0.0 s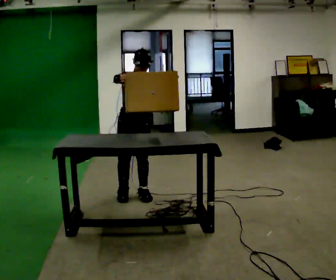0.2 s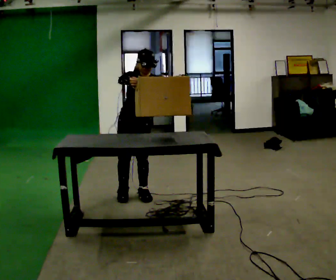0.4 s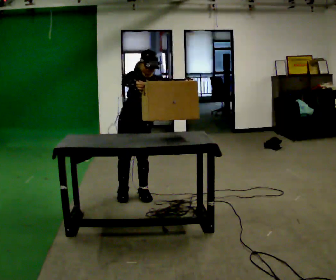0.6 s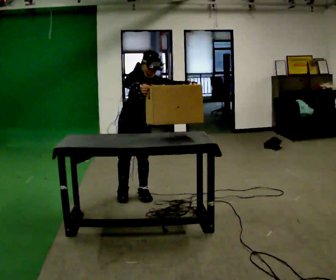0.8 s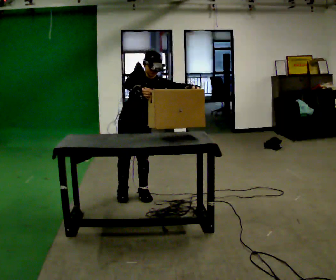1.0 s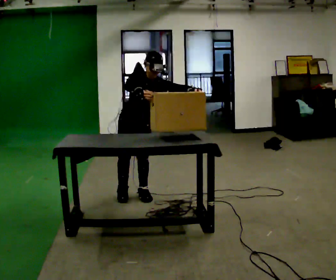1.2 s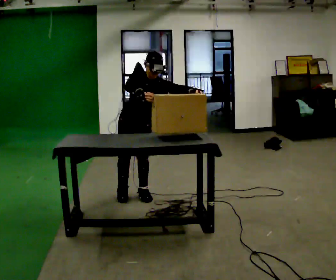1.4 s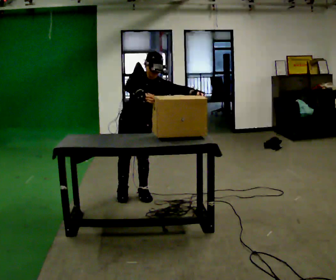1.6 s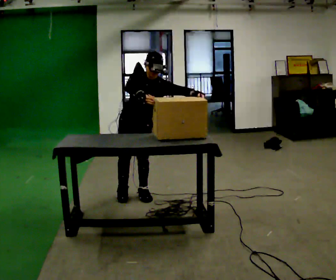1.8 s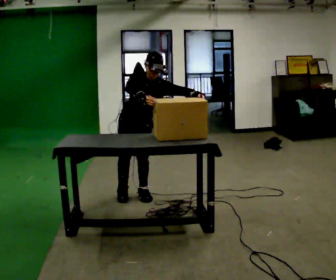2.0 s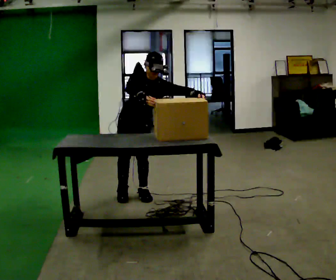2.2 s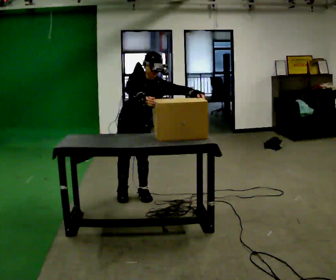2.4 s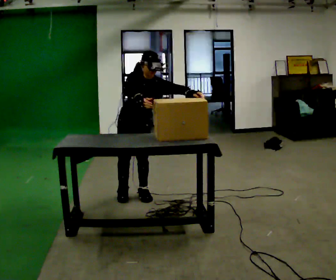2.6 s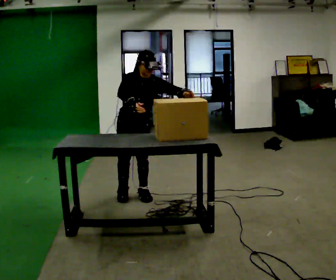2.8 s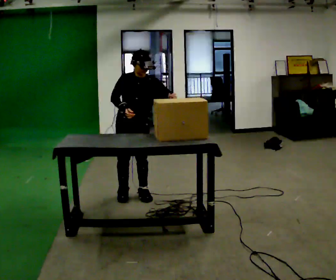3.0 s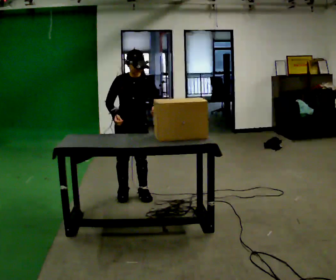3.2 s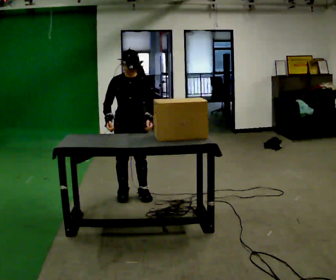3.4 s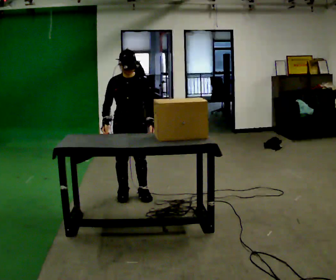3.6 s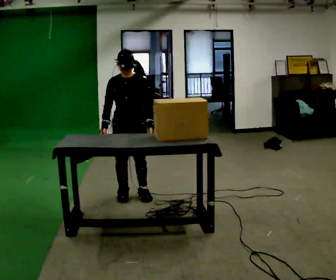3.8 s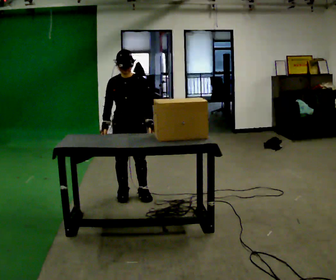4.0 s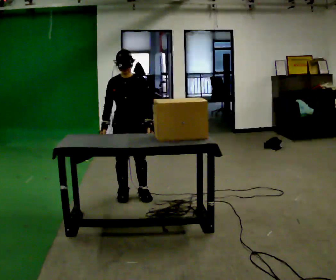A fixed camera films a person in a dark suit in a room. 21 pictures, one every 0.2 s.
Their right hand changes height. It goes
downward.
Their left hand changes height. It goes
downward.
0.0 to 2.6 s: The person moves a little, or ends about where they began.
2.6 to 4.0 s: In the picture the upper body tilts counterclockwise, shoulders to the left. In the picture their left hand goes downward, the arm swinging clockwise.
The film runs forward here.
